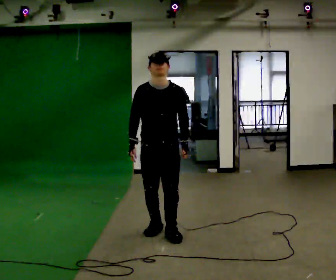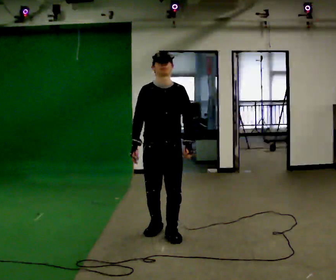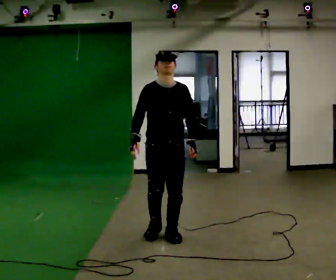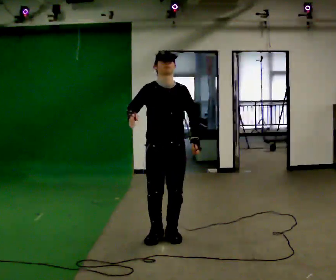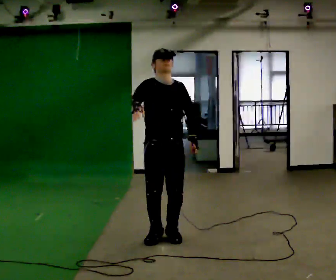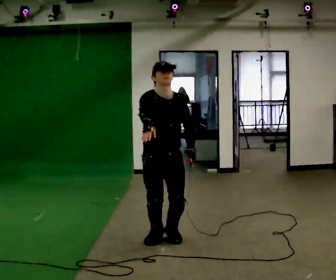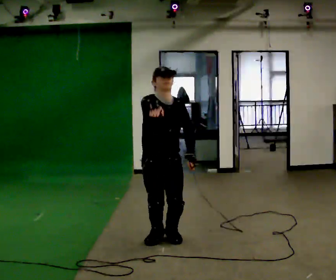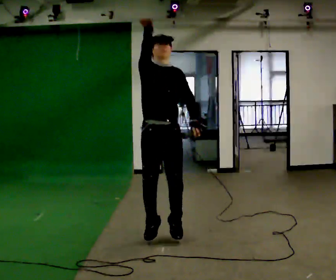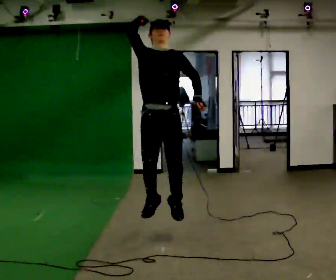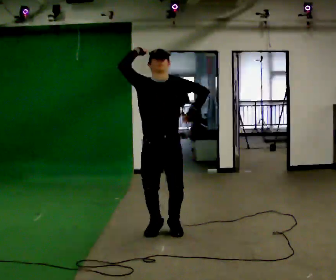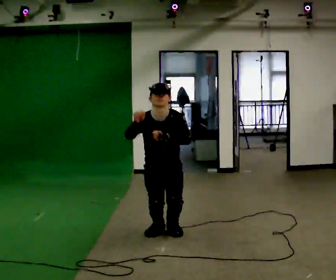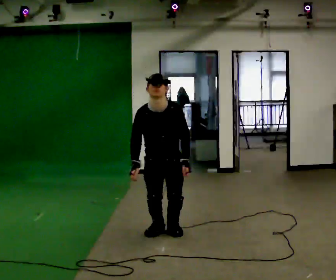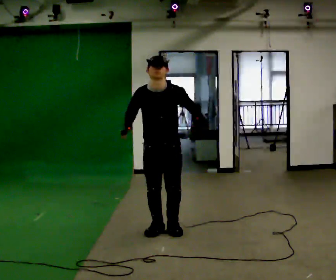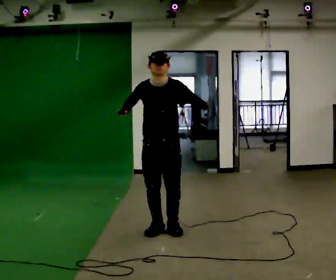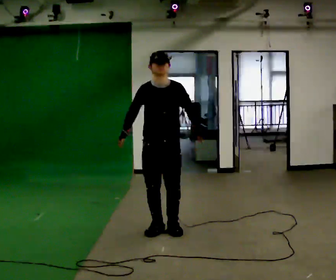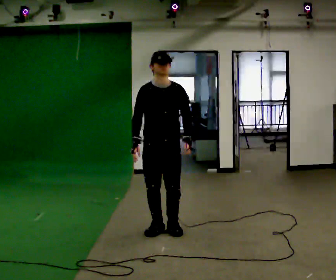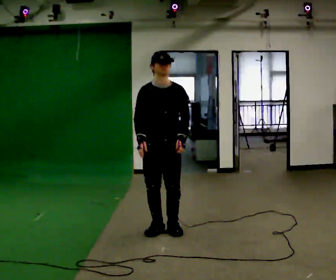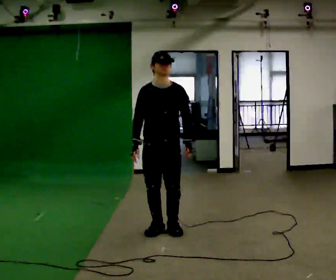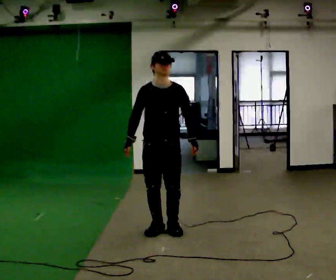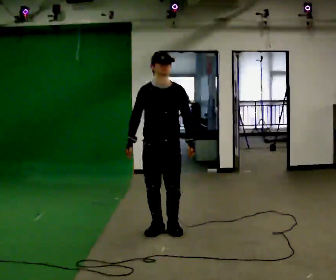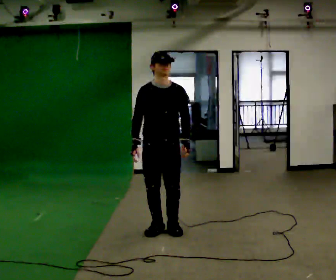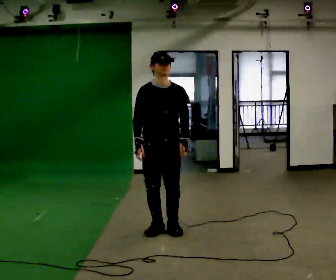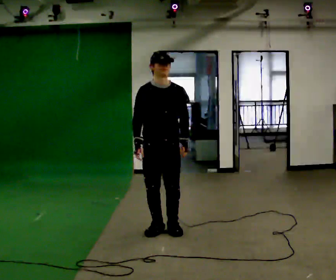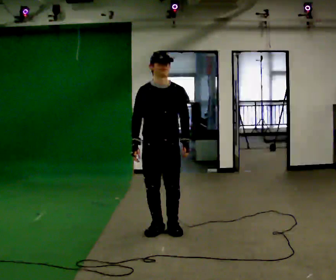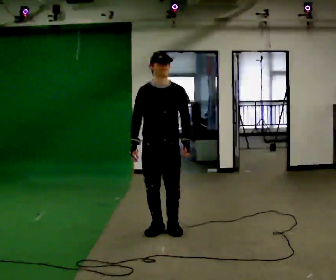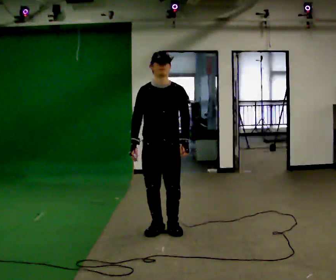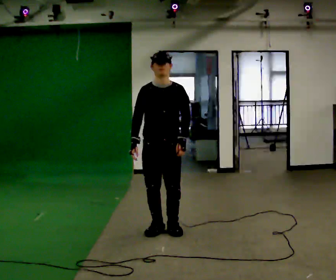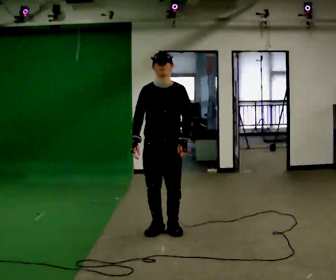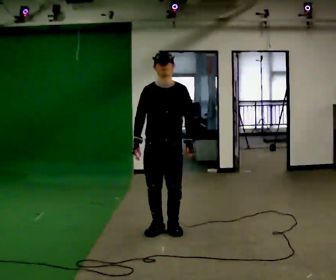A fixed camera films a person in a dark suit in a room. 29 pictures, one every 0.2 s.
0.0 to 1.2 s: In the picture they go toward the camera, about 0.25 m in 1 step, which for them is forward. In the picture their right hand goes upward.
1.2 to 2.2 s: In the picture they go away from the camera, about 0.25 m in 2 steps, which for them is backward. In the picture their right hand goes downward.
2.2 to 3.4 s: The upper body goes upward. The upper body tips away from the camera, its near side rolling upward, as they lean back or straighten.
3.4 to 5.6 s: The person moves a little, or ends about where they began.
The film runs backward here.
